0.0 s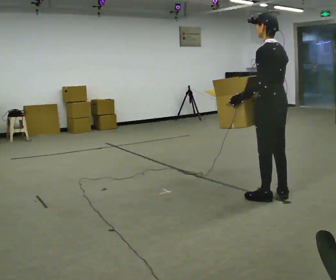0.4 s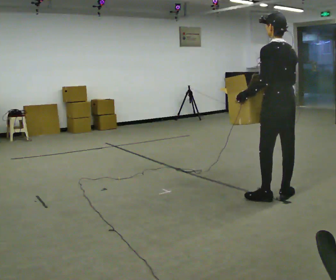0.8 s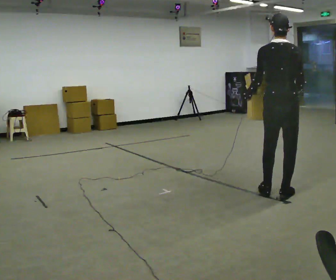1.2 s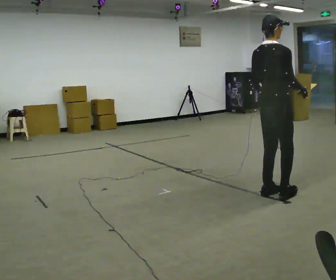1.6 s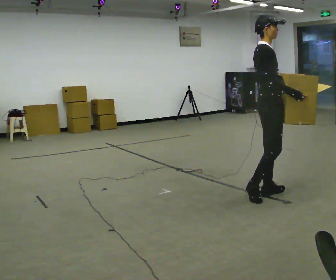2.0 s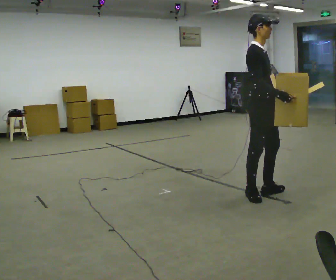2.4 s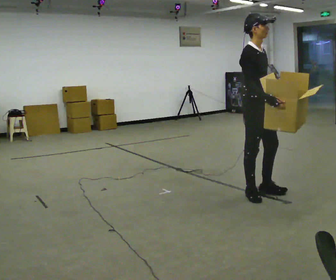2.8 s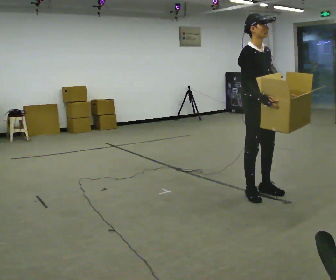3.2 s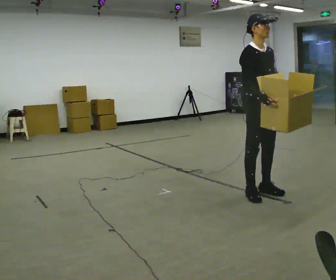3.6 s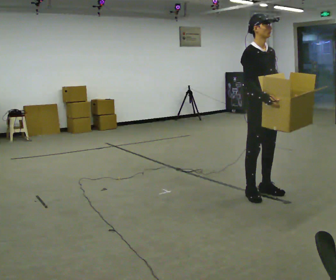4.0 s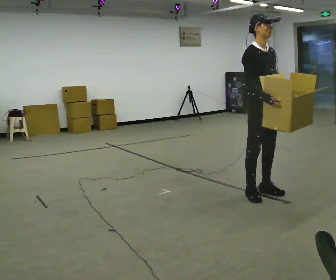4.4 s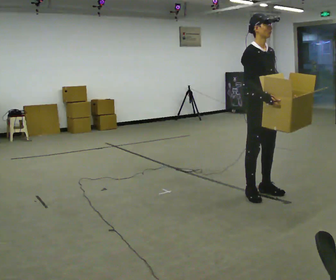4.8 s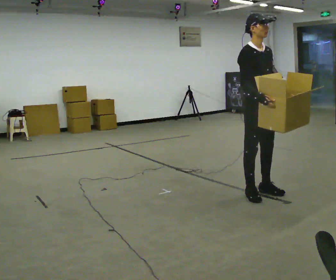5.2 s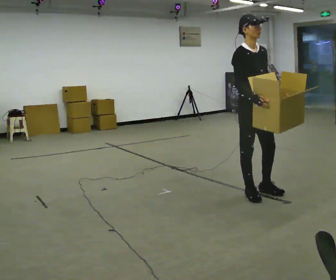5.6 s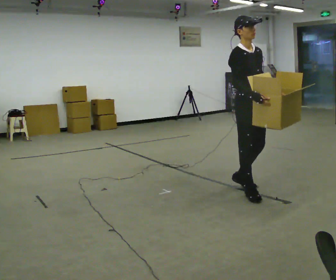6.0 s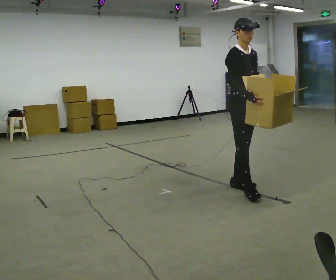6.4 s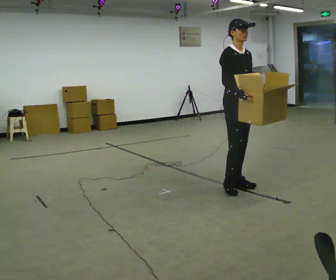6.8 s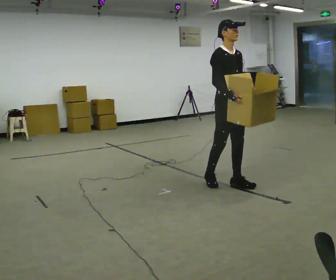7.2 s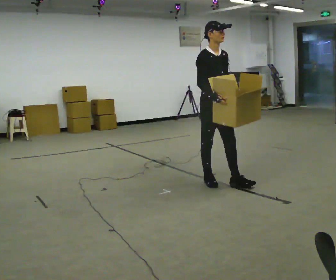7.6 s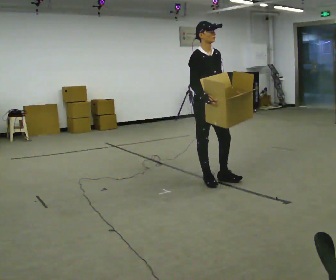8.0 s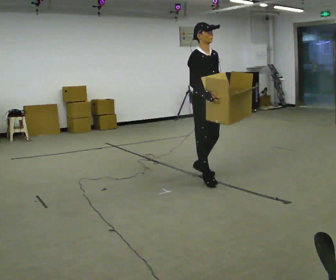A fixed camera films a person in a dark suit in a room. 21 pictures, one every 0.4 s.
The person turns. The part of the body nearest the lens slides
to the left.
The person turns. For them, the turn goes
to their right.
0.0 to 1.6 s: Seen from above the body turns clockwise, about 135 degrees: to their right, with its near side sliding to the left. In the picture their right hand goes to the right, the arm swinging counterclockwise.
1.6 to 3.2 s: The person turns about 45 degrees to their right, clockwise seen from above, so the part of the body nearest the lens slides to the left. In the picture their right hand goes to the left.
3.2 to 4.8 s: The person moves a little, or ends about where they began.
4.8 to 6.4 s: In the picture they go away from the camera and to the left, about 0.25 m in 2 steps, which for them is backward.
6.4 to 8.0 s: In the picture they go to the left and away from the camera, about 0.5 m in 1 step, which for them is backward.
The film runs backward here.
